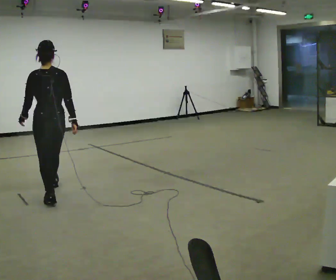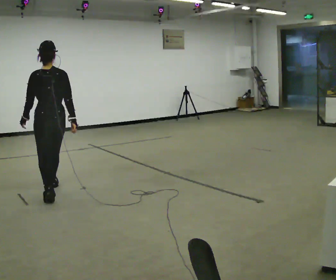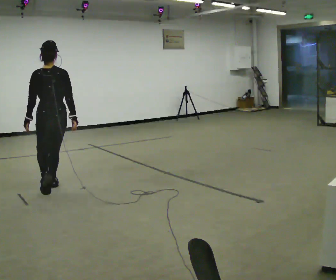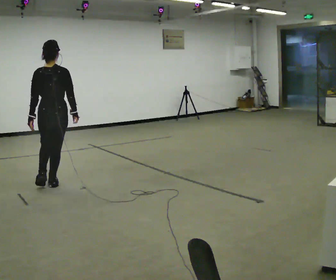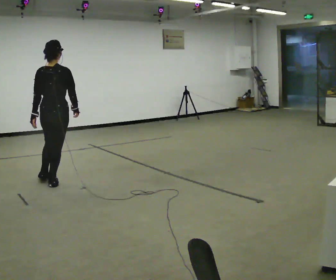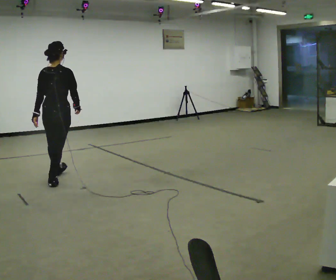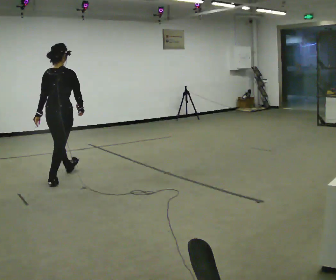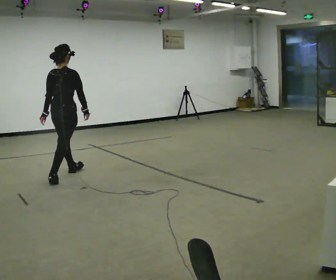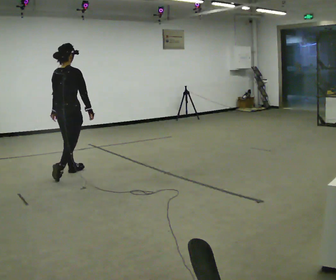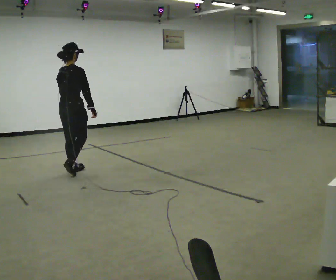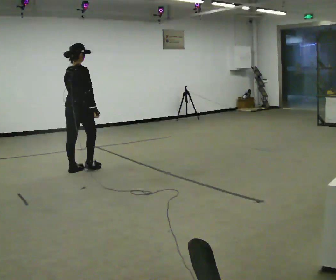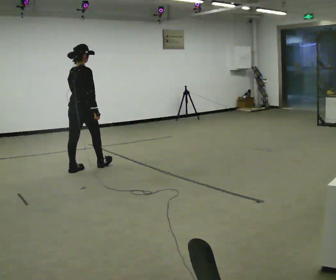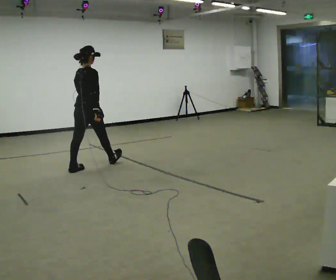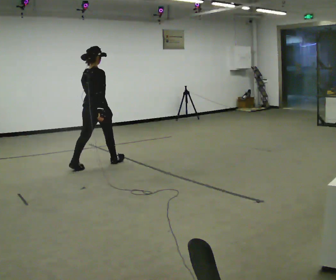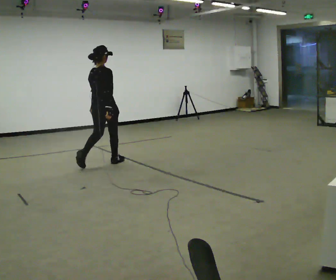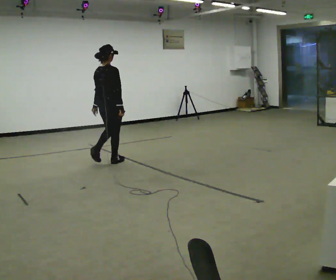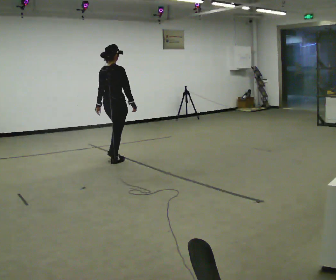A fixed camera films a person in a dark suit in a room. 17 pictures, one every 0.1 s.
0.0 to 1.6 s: The person turns about 60 degrees to their right, clockwise seen from above, so the part of the body nearest the lens slides to the left. In the picture they go away from the camera and to the right, about 1.5 m in 2 steps.
The film runs forward here.
